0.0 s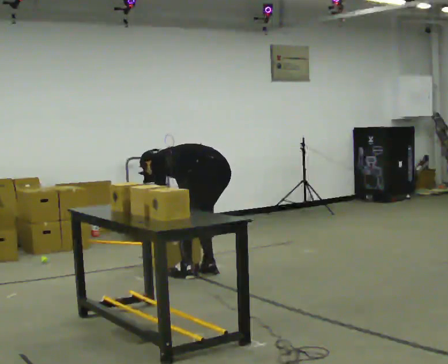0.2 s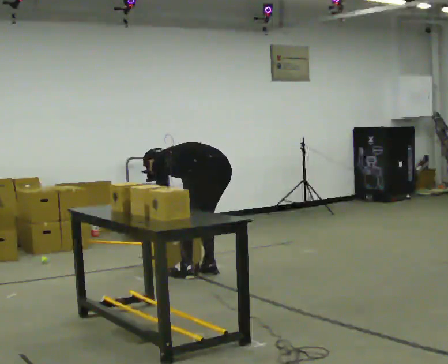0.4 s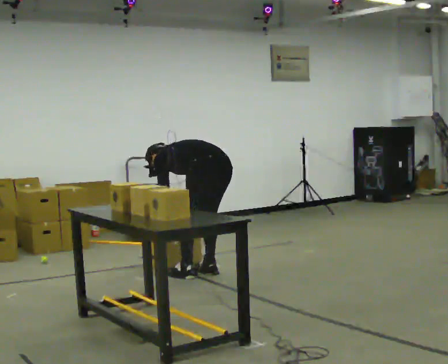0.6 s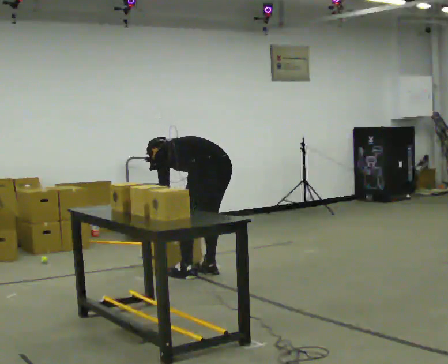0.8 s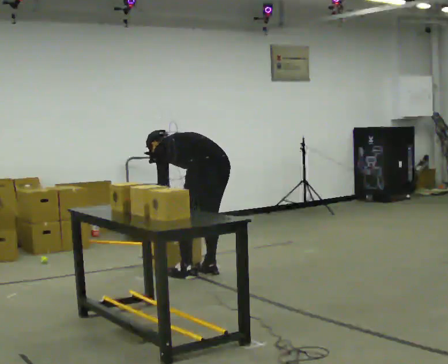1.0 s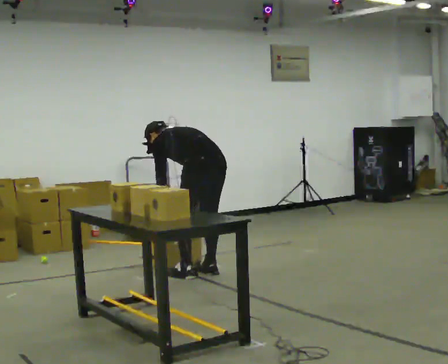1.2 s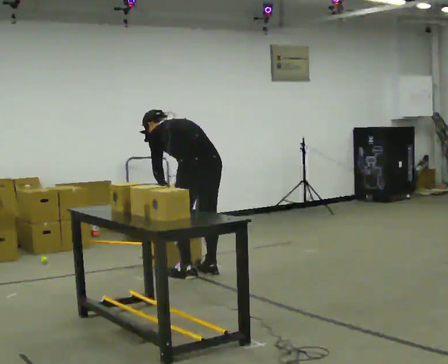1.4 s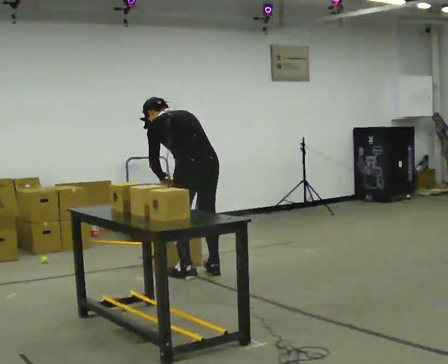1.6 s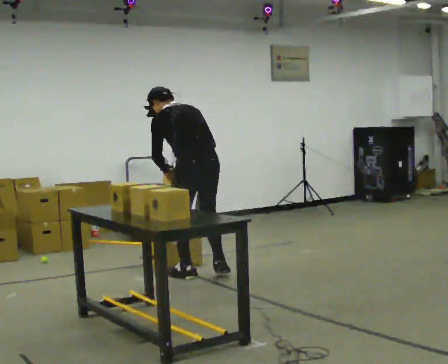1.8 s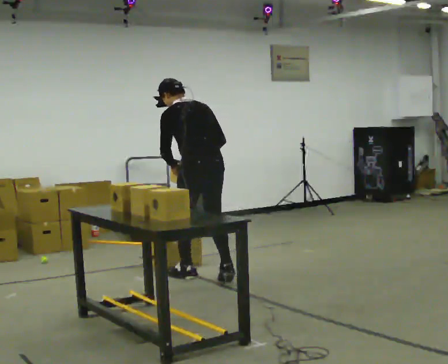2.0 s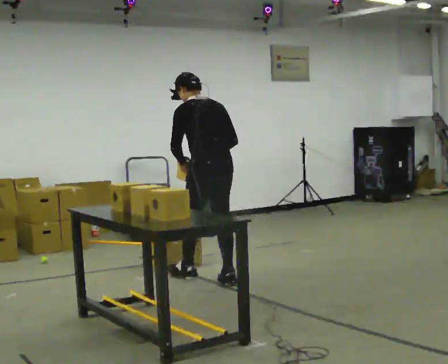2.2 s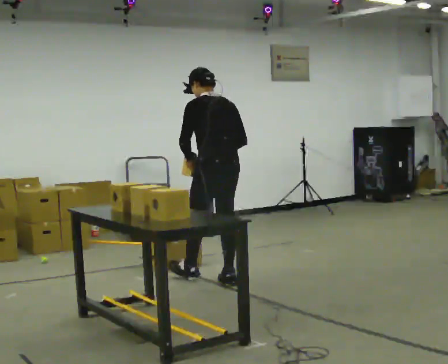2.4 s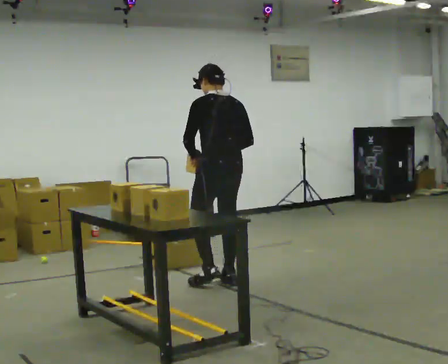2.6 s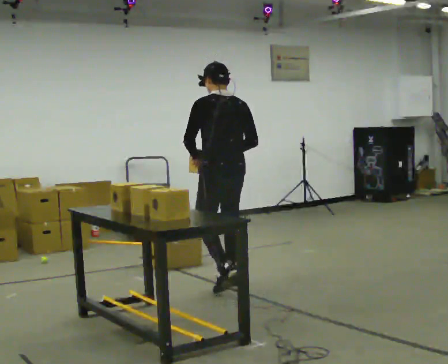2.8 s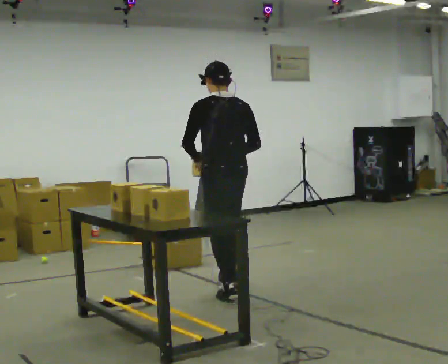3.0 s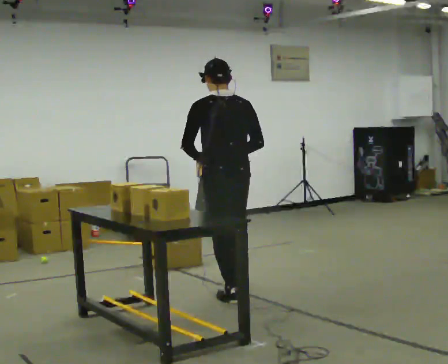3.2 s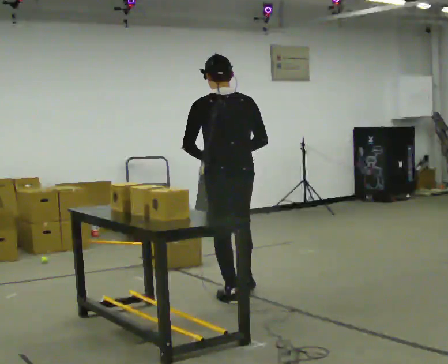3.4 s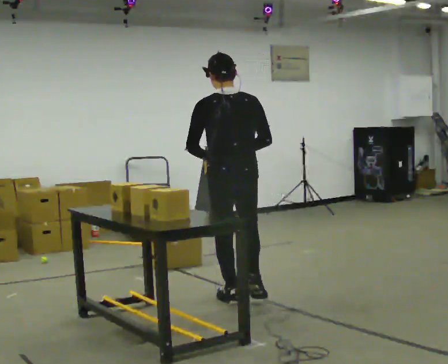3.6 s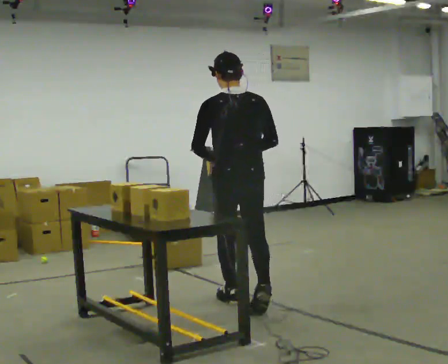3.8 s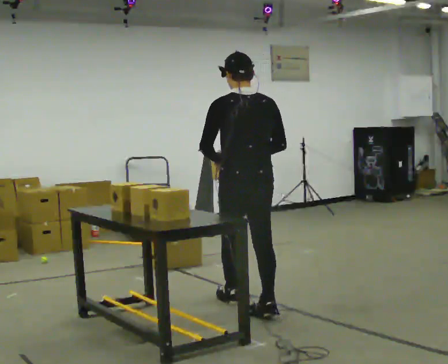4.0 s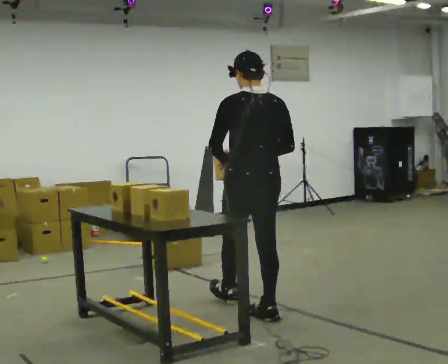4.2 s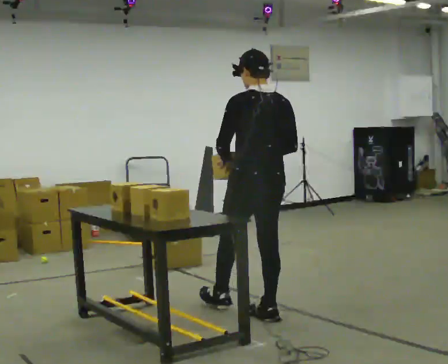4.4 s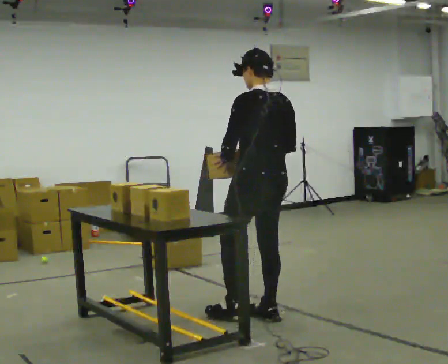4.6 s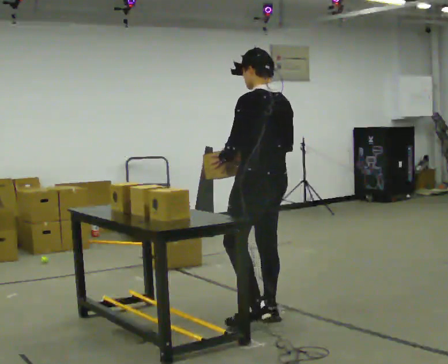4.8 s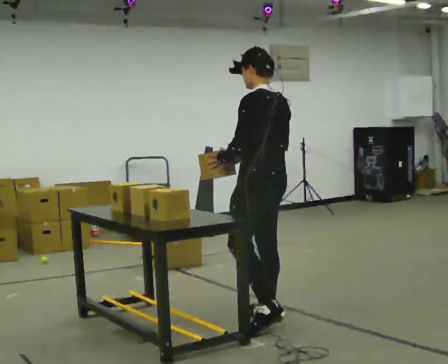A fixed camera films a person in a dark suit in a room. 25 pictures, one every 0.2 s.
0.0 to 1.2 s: The upper body goes upward. In the picture the upper body tilts clockwise, shoulders to the right, as they lean back or straighten. In the picture their right hand goes upward.
1.2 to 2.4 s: In the picture they go toward the camera and to the right, about 0.25 m in 2 steps, which for them is backward. The upper body goes upward. In the picture the upper body tilts clockwise, shoulders to the right, as they lean back or straighten.
2.4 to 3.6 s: In the picture they go toward the camera, about 0.5 m in 1 step, which for them is backward.
3.6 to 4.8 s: Seen from above the body turns counterclockwise, about 45 degrees: to their left, with its near side sliding to the right. In the picture they go toward the camera and to the right, about 0.5 m in 1 step, which for them is backward.
The film runs backward here.
